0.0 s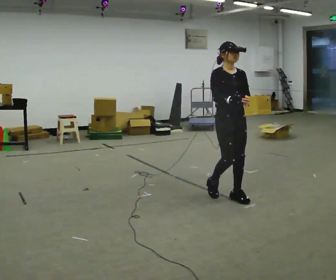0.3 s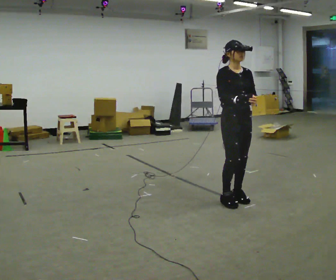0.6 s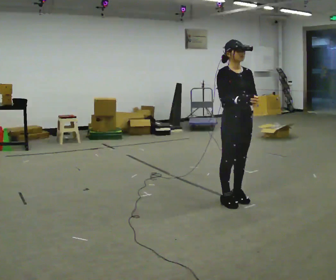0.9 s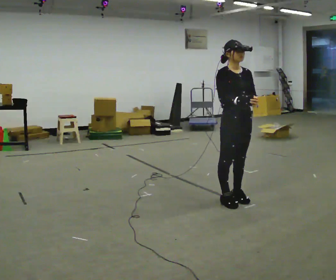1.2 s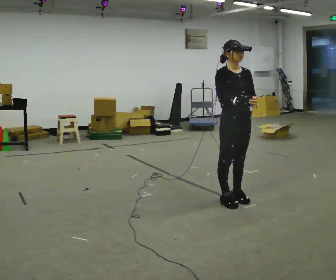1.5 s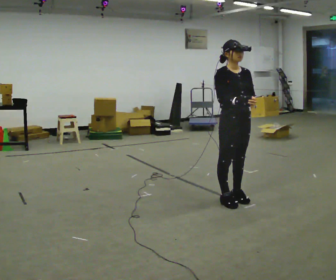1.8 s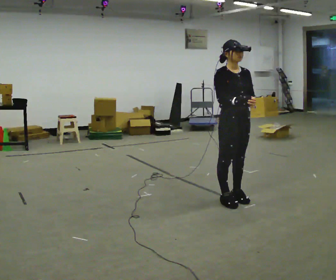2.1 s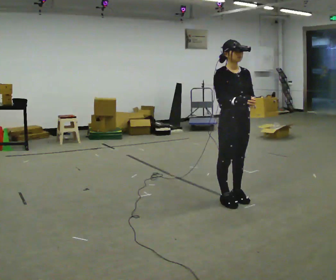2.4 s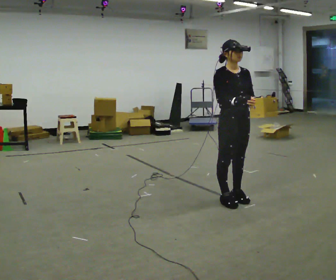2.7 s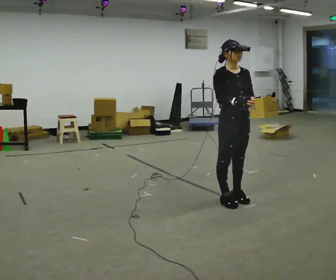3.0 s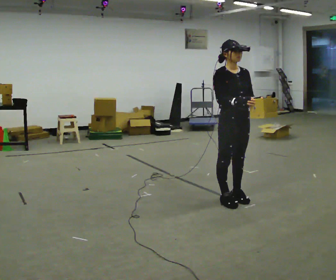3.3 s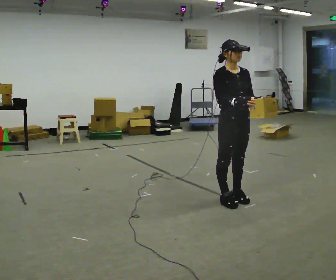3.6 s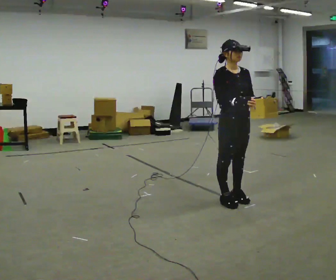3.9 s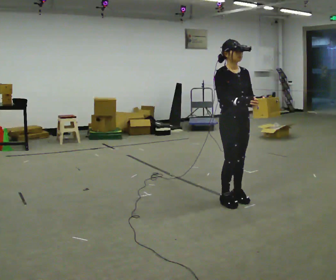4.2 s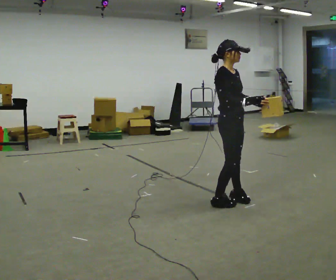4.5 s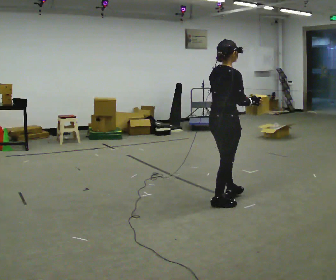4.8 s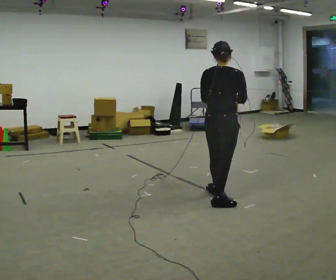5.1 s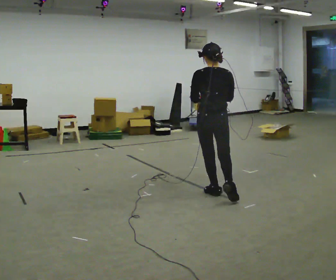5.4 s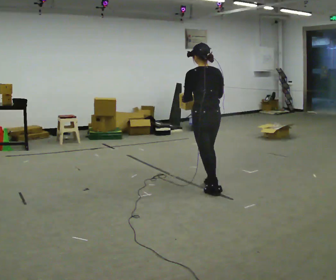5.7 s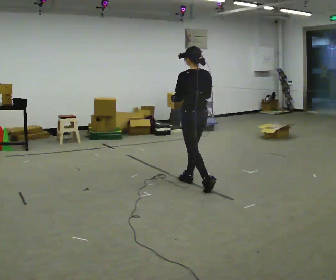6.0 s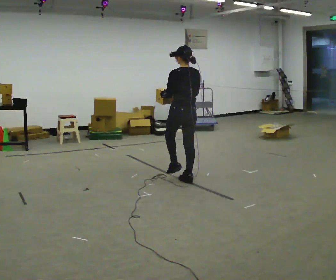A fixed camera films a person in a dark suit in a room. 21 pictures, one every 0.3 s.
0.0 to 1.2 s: The person moves a little, or ends about where they began.
1.2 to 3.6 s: The person keeps their place and pose.
3.6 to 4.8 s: The person turns about 135 degrees to their left, counterclockwise seen from above, so the part of the body nearest the lens slides to the right.
4.8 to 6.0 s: Seen from above the body turns counterclockwise, about 45 degrees: to their left, with its near side sliding to the right. In the picture they go away from the camera and to the left, about 1 m in 1 step, which for them is forward.
The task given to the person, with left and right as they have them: Carry the light box in both hands in front of you, walking back and forth across the room. Keep walking until the operator says stop.
The film runs forward here.
